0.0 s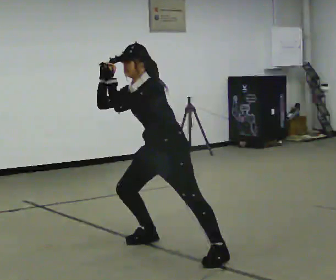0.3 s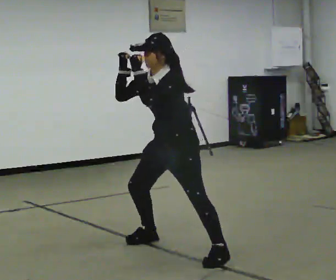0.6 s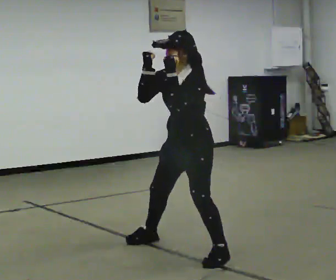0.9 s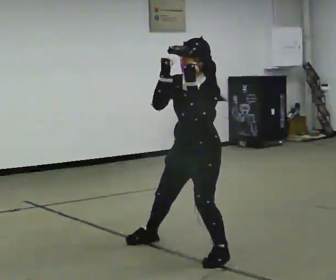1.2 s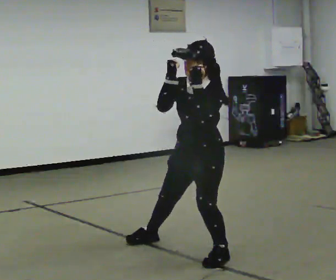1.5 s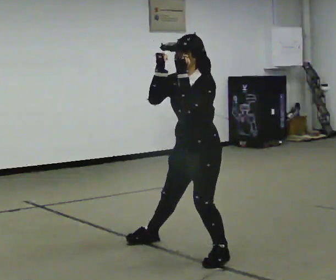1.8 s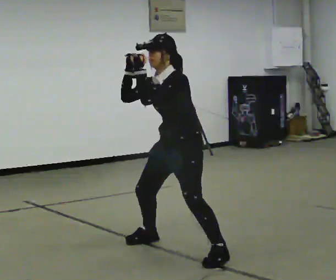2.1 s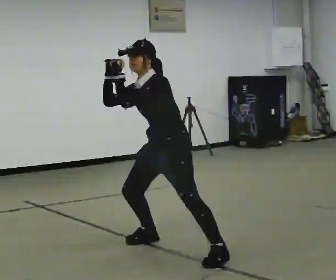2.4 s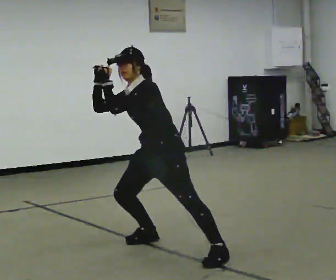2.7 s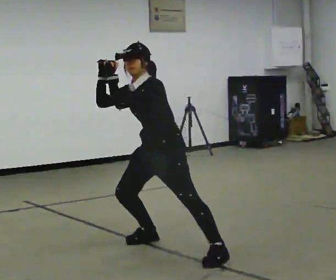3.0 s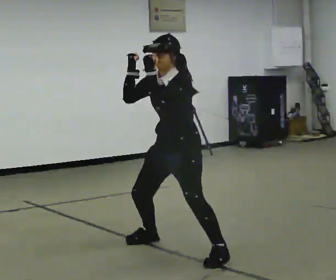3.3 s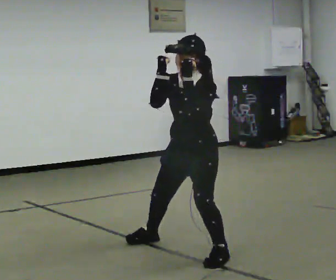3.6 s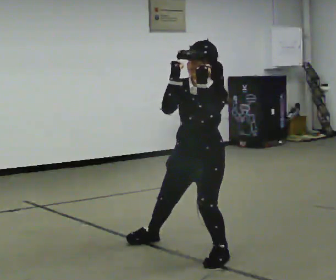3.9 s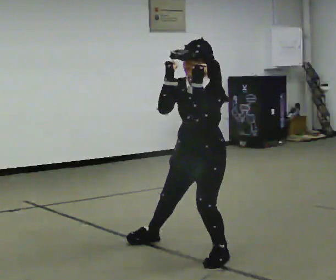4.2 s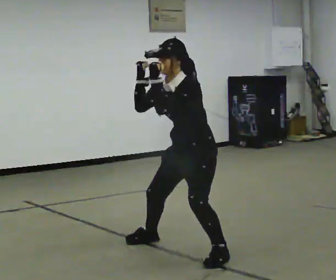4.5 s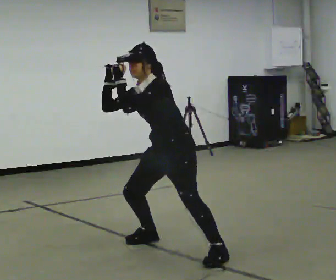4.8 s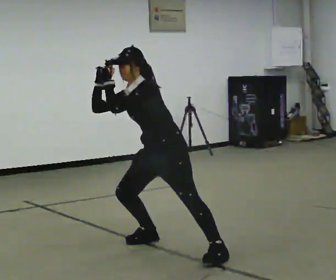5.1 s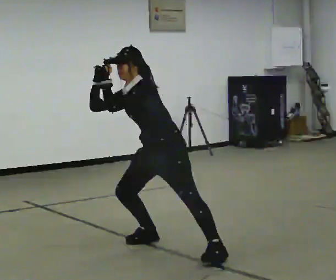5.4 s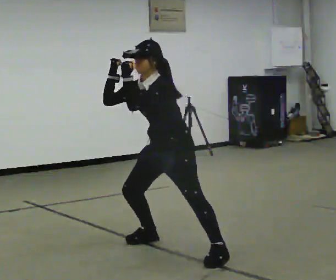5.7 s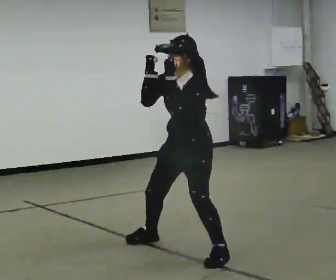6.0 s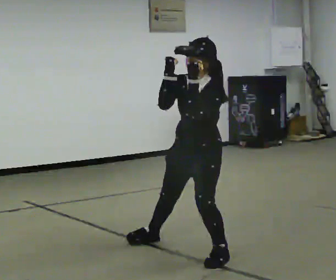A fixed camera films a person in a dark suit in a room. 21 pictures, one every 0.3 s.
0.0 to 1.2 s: In the picture they go toward the camera and to the right, about 0.25 m, which for them is to their left. In the picture the upper body tilts clockwise, shoulders to the right.
1.2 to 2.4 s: In the picture they go away from the camera and to the left, about 0.25 m, which for them is to their right. The upper body tips away from the camera, its near side rolling upward.
2.4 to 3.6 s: In the picture they go toward the camera and to the right, about 0.25 m, which for them is to their left. In the picture the upper body tilts clockwise, shoulders to the right.
3.6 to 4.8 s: In the picture they go away from the camera and to the left, about 0.5 m, which for them is to their right. In the picture the upper body tilts counterclockwise, shoulders to the left.
4.8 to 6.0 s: In the picture they go toward the camera and to the right, about 0.25 m, which for them is to their left. In the picture the upper body tilts clockwise, shoulders to the right.
The film runs backward here.
